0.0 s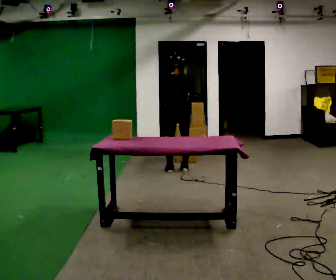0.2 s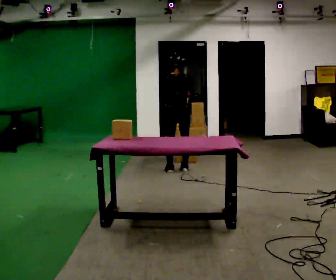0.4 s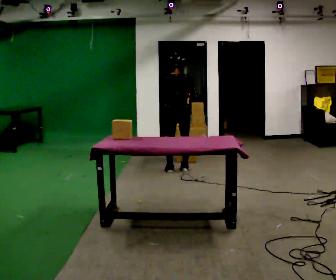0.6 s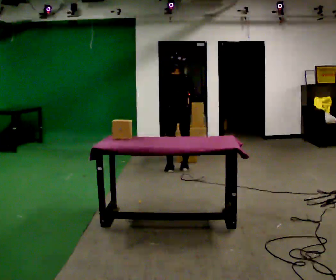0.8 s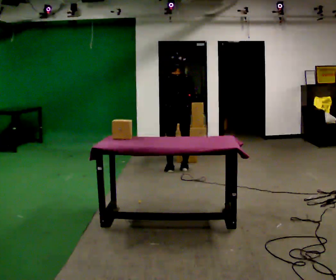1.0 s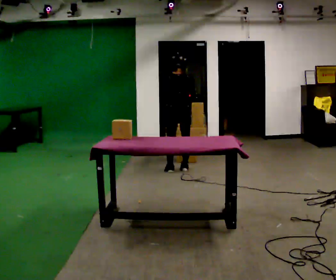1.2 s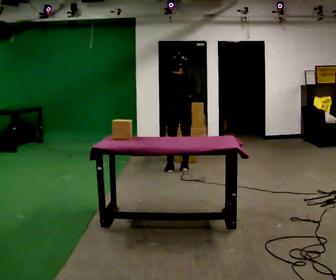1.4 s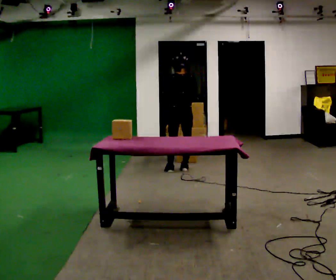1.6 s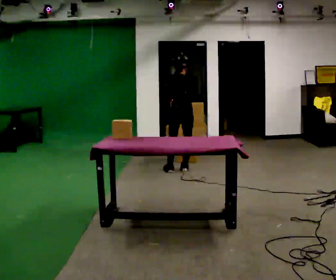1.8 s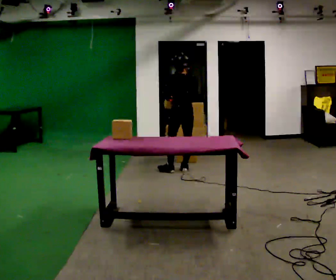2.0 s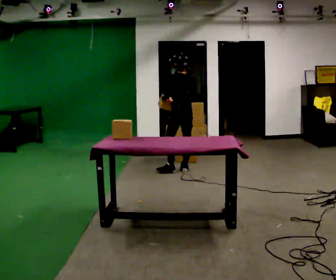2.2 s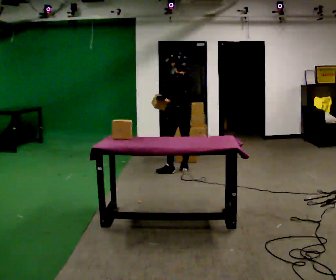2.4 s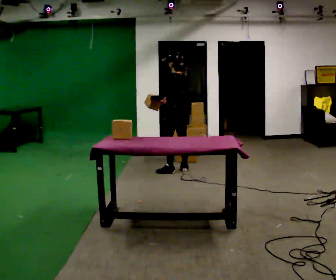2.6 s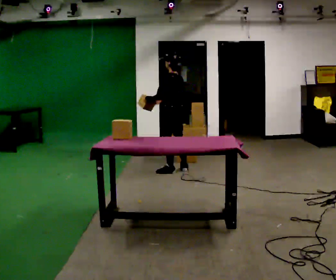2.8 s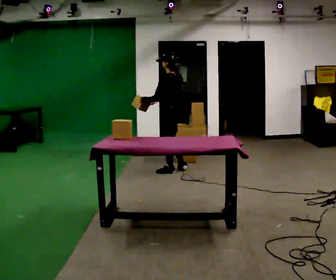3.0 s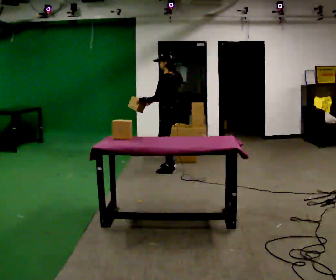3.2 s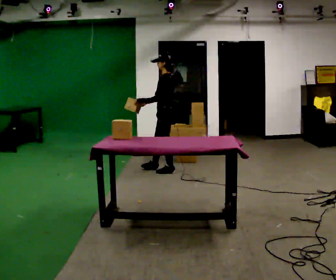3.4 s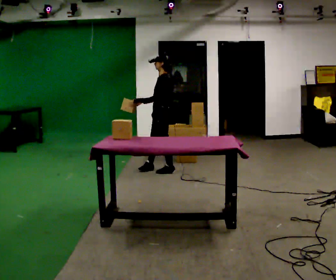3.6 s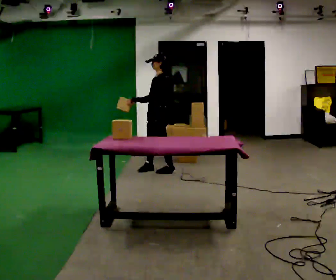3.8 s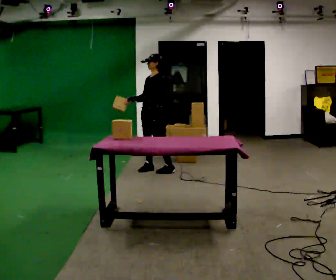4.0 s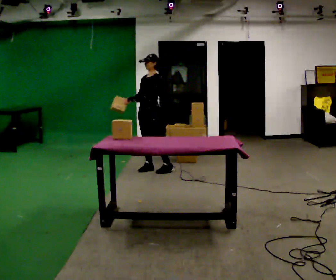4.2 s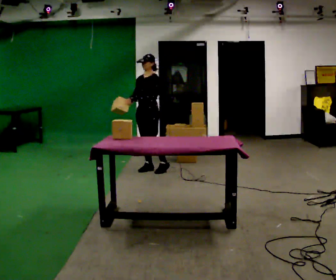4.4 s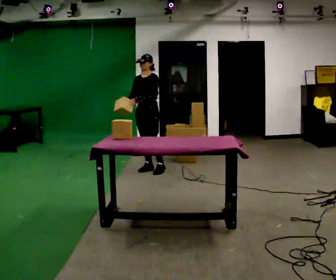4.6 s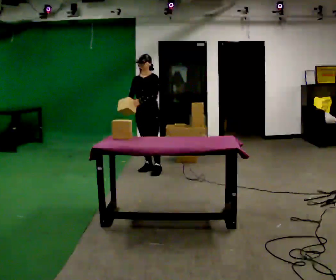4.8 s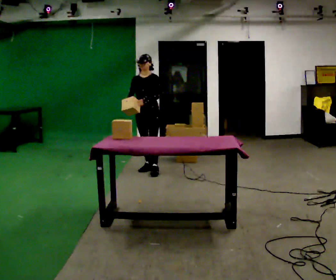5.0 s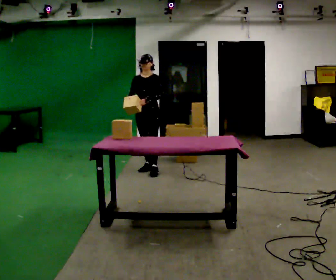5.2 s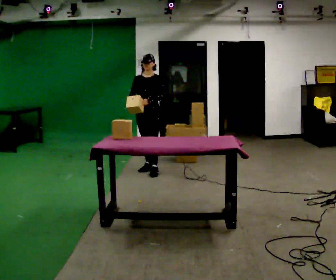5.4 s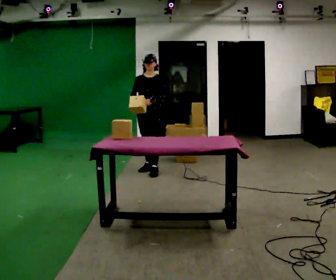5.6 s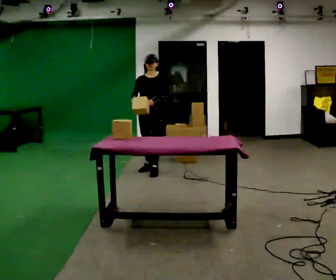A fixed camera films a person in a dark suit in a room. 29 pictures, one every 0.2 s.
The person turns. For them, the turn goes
to their left.
The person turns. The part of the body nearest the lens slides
to the right.
0.0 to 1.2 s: The person moves a little, or ends about where they began.
1.2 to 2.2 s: The person turns about 45 degrees to their left, counterclockwise seen from above, so the part of the body nearest the lens slides to the right.
2.2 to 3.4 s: Seen from above the body turns counterclockwise, about 45 degrees: to their left, with its near side sliding to the right. In the picture they go to the left, about 0.25 m in 1 step, which for them is to their left and forward.
3.4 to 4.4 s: The person turns about 60 degrees to their left, counterclockwise seen from above, so the part of the body nearest the lens slides to the right. In the picture they go to the left, about 0.25 m, which for them is to their right.
4.4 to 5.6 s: In the picture they go toward the camera, about 0.25 m in 1 step, which for them is forward.
The film runs forward here.
